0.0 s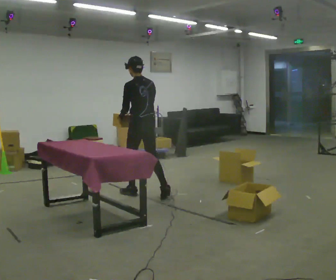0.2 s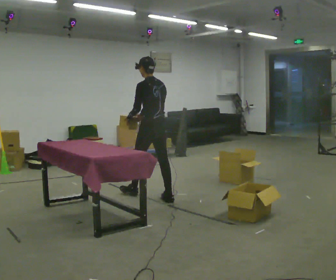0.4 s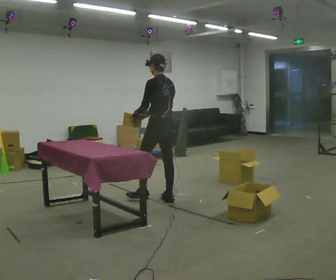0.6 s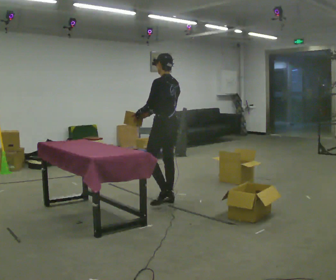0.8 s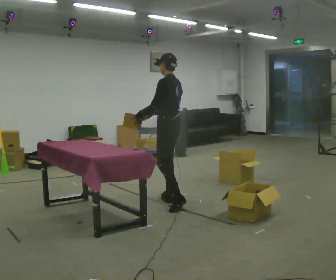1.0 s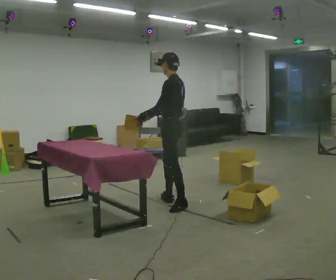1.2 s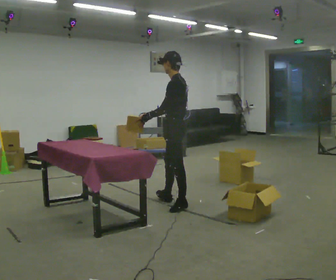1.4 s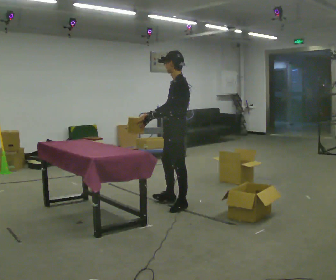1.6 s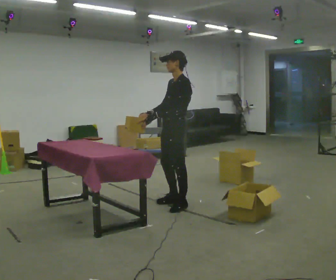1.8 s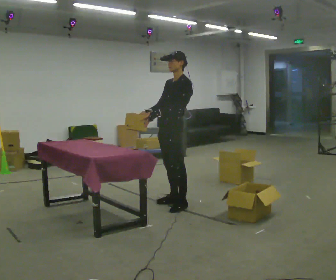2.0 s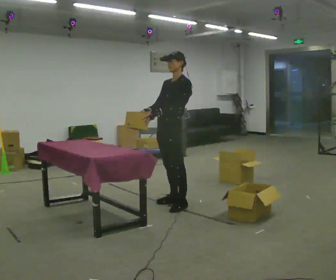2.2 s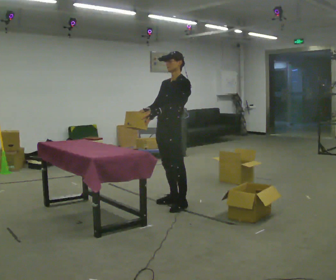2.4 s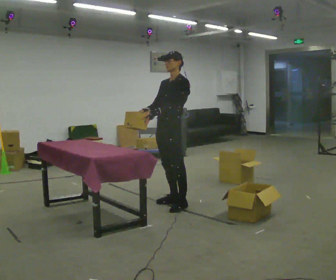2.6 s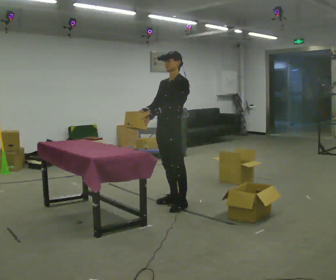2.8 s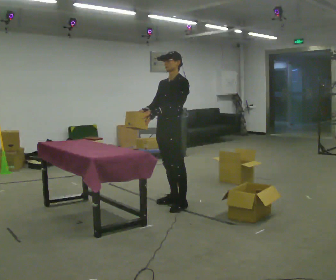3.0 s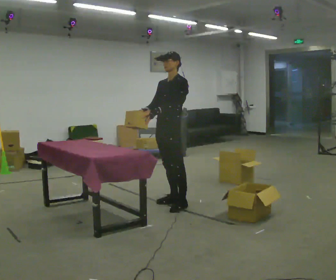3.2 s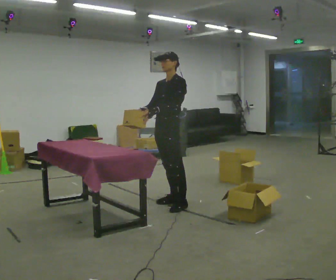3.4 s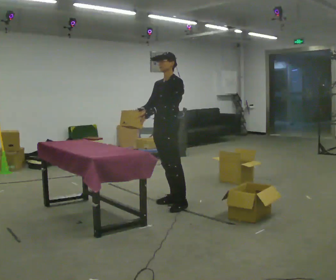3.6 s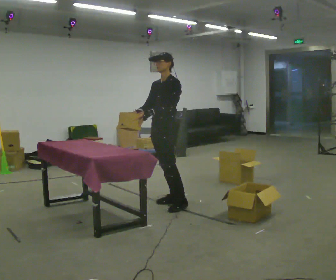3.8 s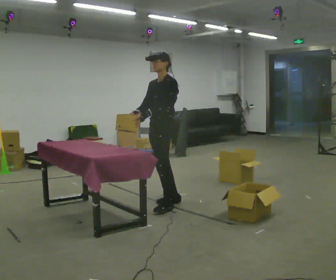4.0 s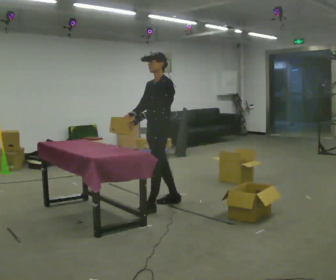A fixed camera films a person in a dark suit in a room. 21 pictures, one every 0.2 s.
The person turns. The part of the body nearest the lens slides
to the right.
The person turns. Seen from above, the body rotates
counterclockwise.
0.0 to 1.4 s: The person turns about 60 degrees to their left, counterclockwise seen from above, so the part of the body nearest the lens slides to the right. In the picture they go toward the camera and to the right, about 0.5 m in 1 step, which for them is backward.
1.4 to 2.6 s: The part of the body nearest the lens slides to the right as the person turns to their left by about 30 degrees.
2.6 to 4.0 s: The person moves a little, or ends about where they began.
The film runs backward here.
